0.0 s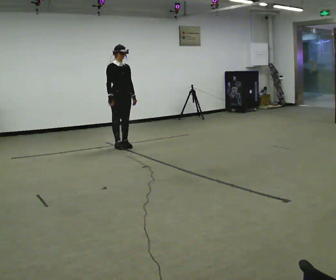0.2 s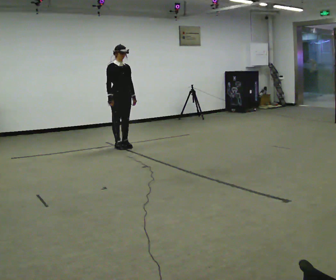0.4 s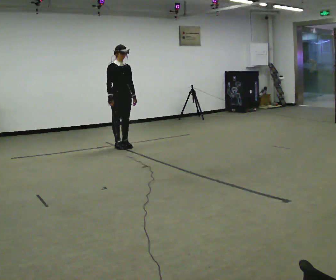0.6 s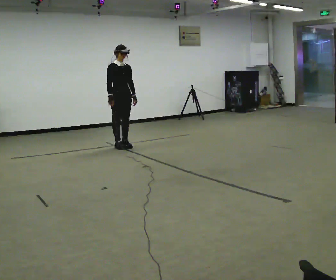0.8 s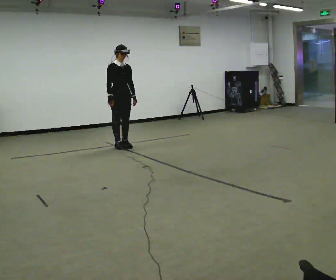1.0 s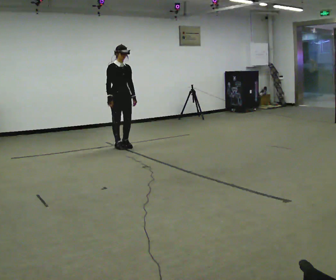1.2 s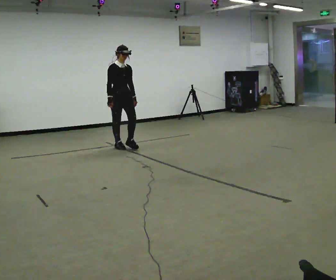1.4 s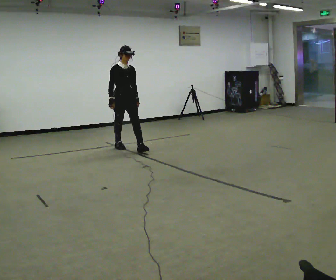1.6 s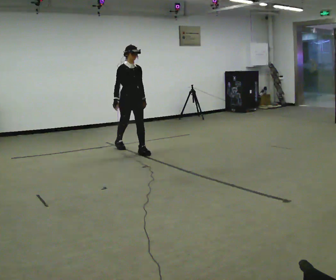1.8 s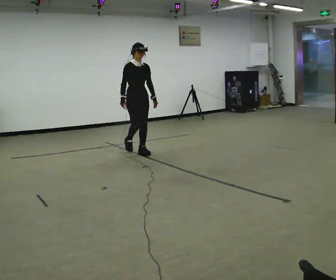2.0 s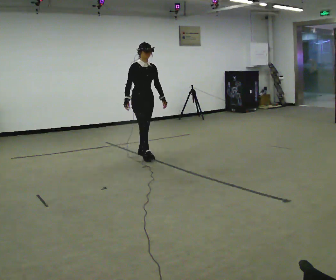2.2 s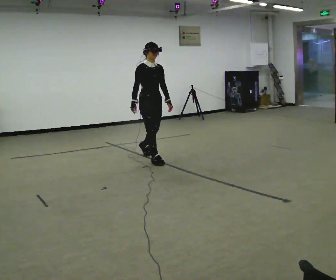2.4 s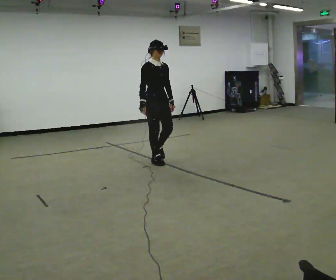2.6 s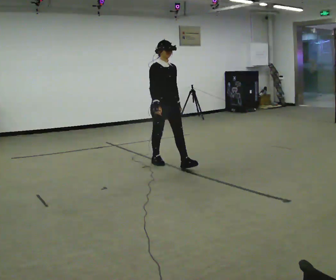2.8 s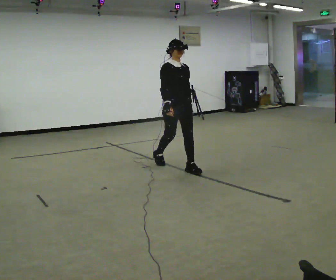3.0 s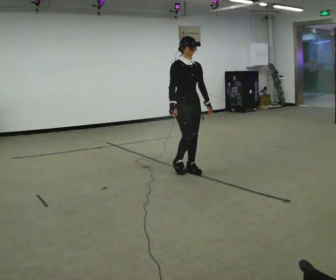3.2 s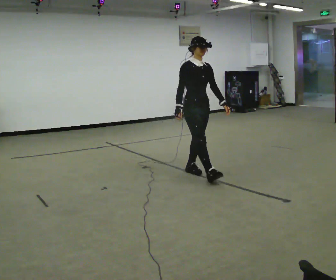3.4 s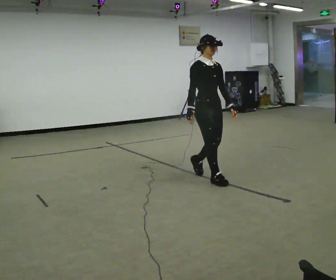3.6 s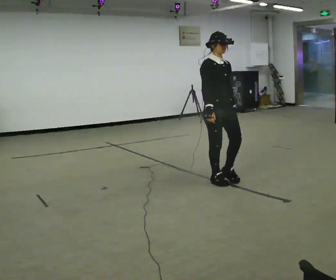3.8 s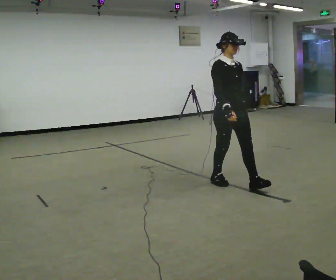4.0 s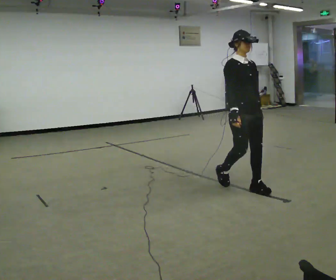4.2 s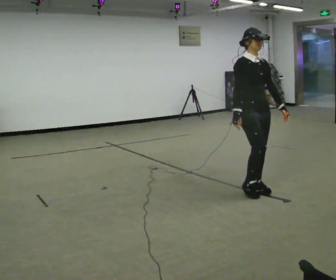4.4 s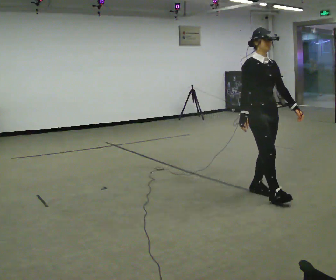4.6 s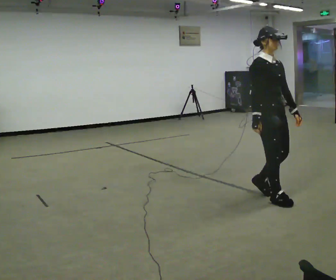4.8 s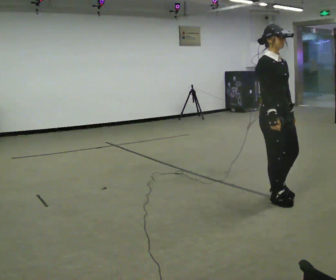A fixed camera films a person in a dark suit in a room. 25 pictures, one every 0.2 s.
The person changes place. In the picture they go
toward the camera.
0.0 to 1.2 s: The person moves a little, or ends about where they began.
1.2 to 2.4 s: In the picture they go toward the camera and to the right, about 1 m in 2 steps, which for them is forward.
2.4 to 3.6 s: In the picture they go toward the camera and to the right, about 1 m in 2 steps, which for them is forward.
3.6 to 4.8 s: In the picture they go toward the camera and to the right, about 1 m in 2 steps, which for them is forward.
The film runs forward here.
